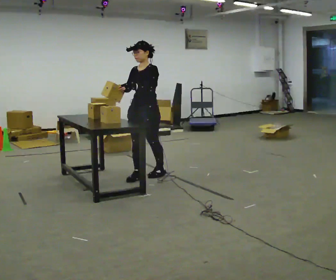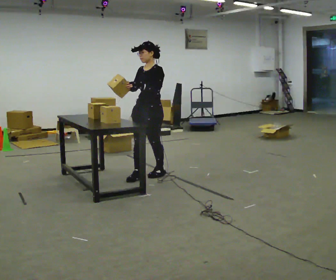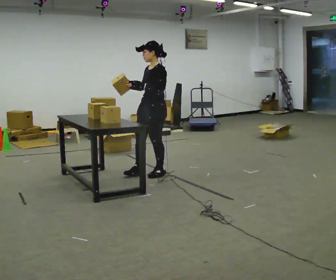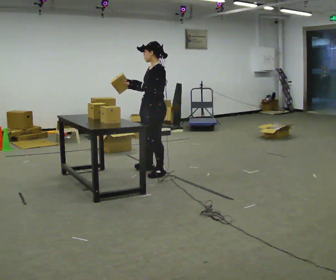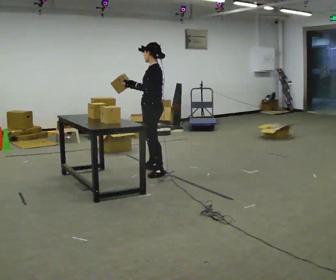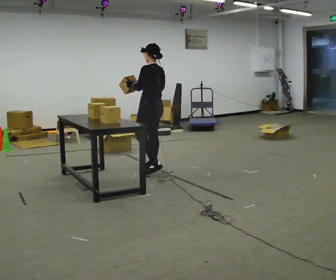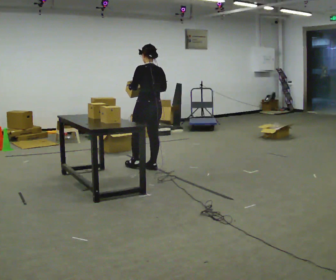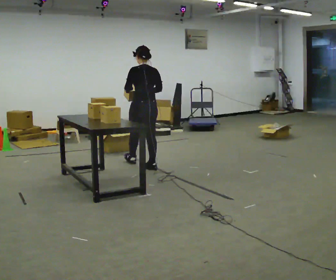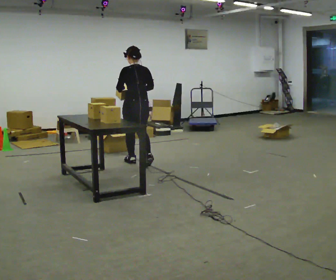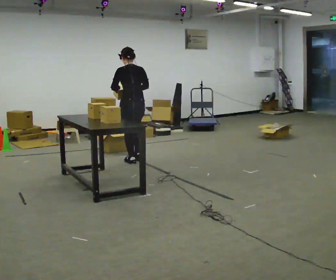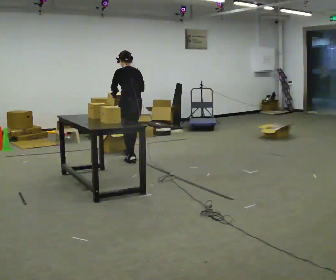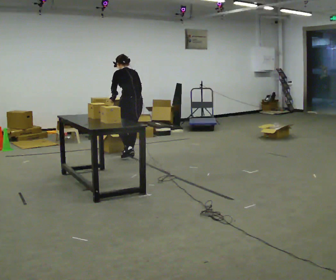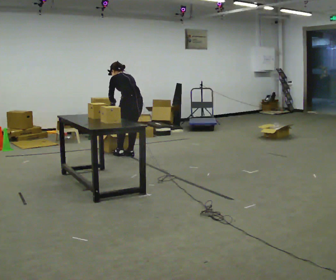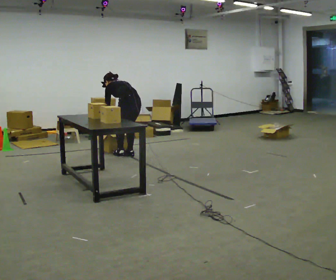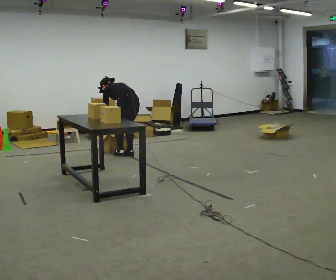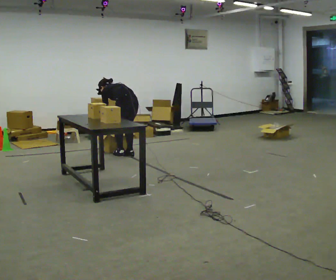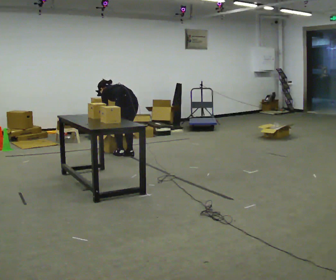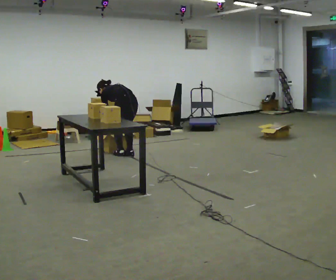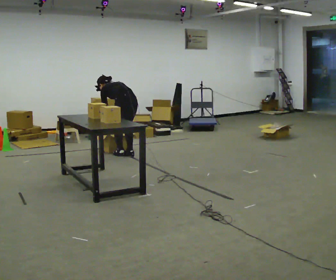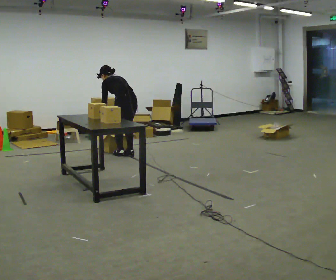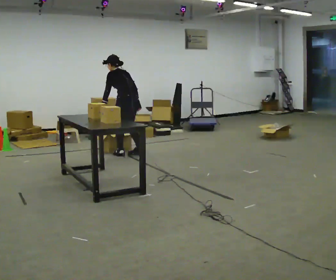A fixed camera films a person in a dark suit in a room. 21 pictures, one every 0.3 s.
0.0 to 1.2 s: The person turns about 60 degrees to their right, clockwise seen from above, so the part of the body nearest the lens slides to the left. In the picture they go away from the camera, about 0.25 m in 1 step.
1.2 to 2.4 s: The person turns about 60 degrees to their right, clockwise seen from above, so the part of the body nearest the lens slides to the left. In the picture they go away from the camera and to the left, about 0.5 m in 1 step.
2.4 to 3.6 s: In the picture they go away from the camera, about 0.5 m in 2 steps, which for them is forward. The upper body tips away from the camera, its near side rolling upward, as they bend forward.
3.6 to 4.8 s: The upper body goes downward. In the picture the upper body tilts counterclockwise, shoulders to the left, as they bend forward.
4.8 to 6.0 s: The shoulders move upward. The upper body tips toward the camera, its near side rolling downward, as they lean back or straighten. In the picture their left hand goes upward.
The film runs forward here.
